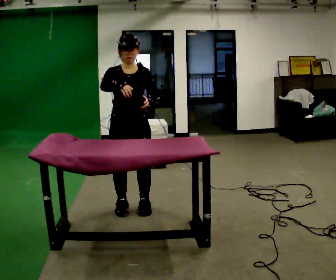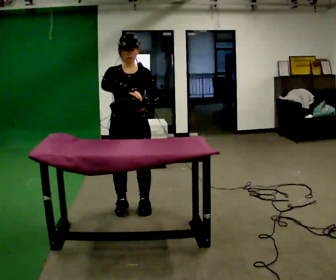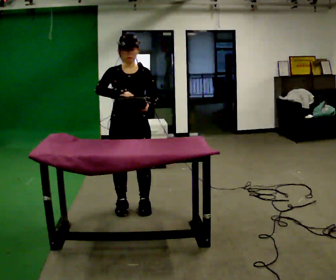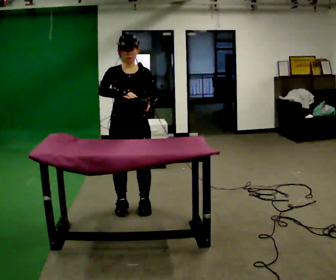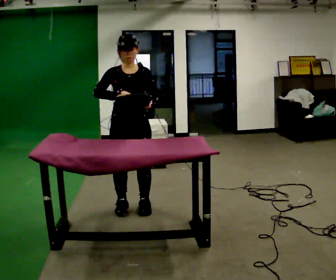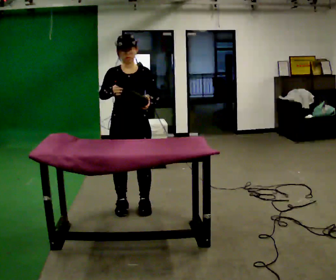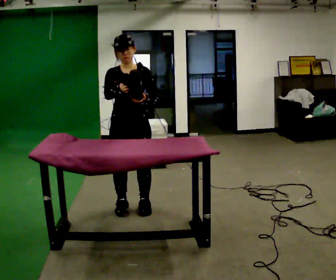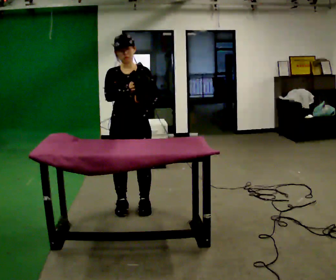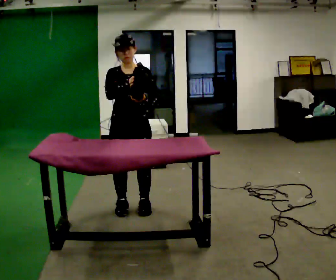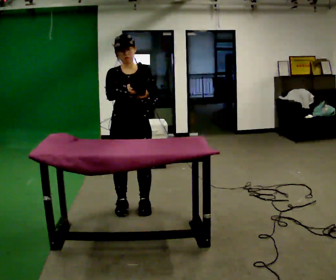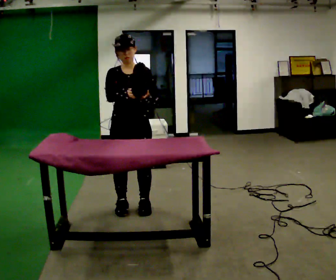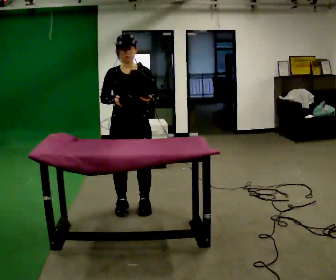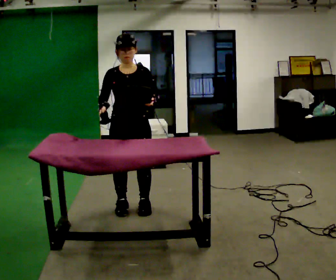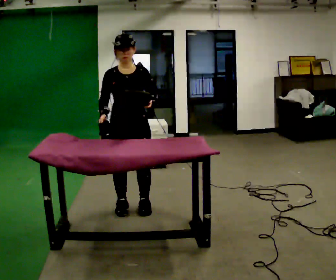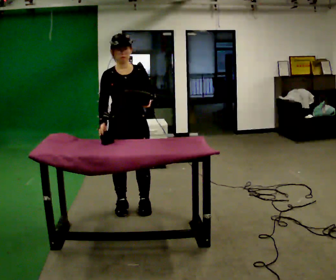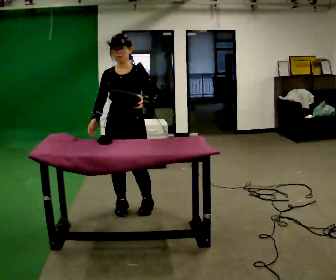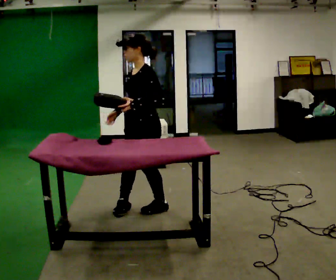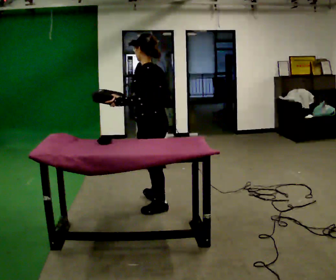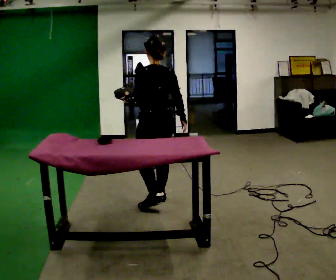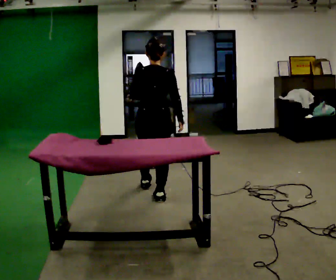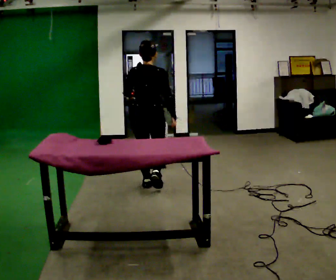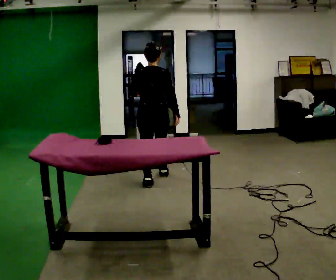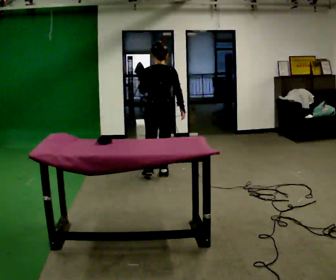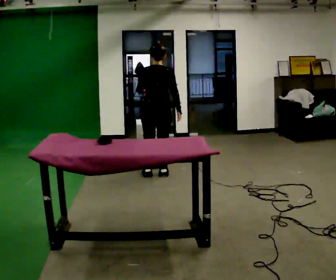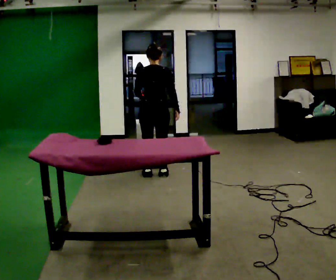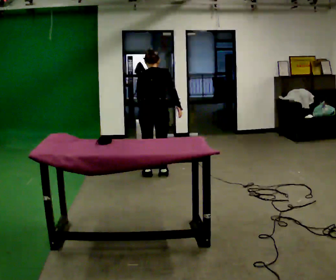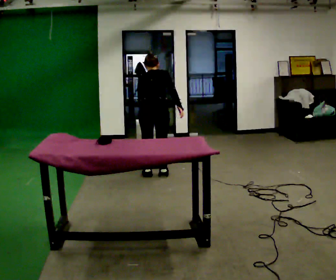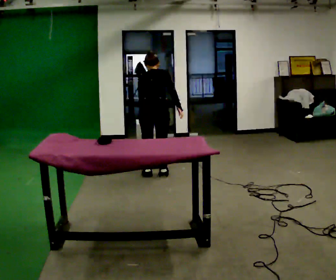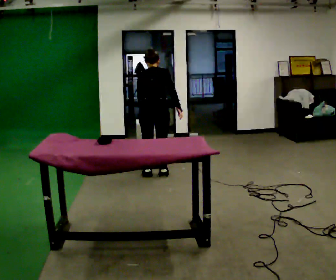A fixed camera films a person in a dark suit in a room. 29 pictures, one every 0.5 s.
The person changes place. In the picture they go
away from the camera.
0.0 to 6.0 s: The person moves a little, or ends about where they began.
6.0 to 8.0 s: The person turns about 60 degrees to their right, clockwise seen from above, so the part of the body nearest the lens slides to the left.
8.0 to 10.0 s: Seen from above the body turns clockwise, about 120 degrees: to their right, with its near side sliding to the left. In the picture they go away from the camera, about 0.5 m in 2 steps.
10.0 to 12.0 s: In the picture they go away from the camera, about 0.5 m in 2 steps, which for them is forward.
12.0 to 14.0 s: The person moves a little, or ends about where they began.
The film runs forward here.
